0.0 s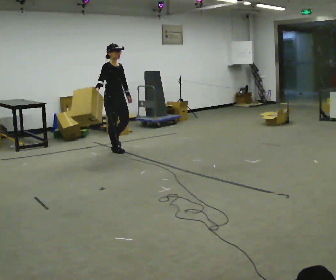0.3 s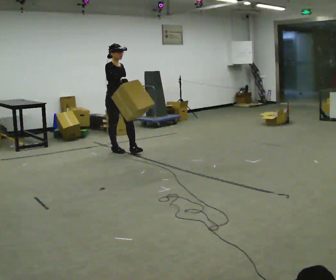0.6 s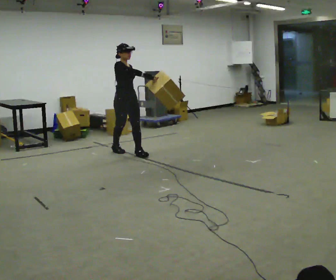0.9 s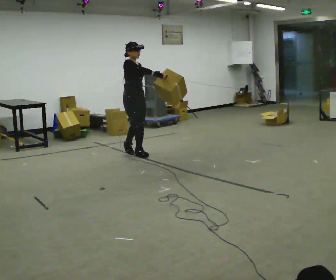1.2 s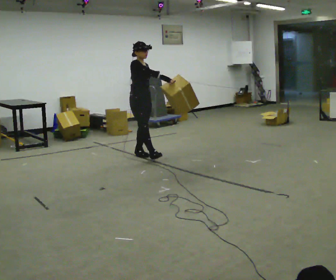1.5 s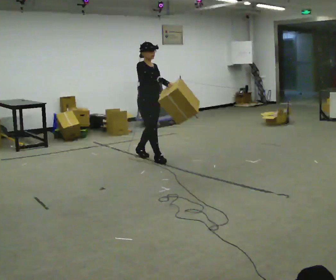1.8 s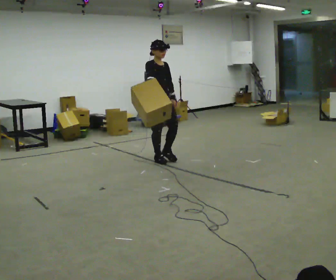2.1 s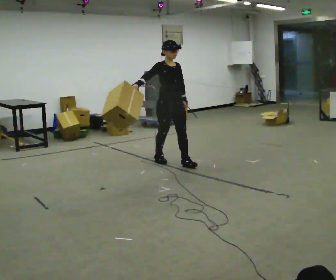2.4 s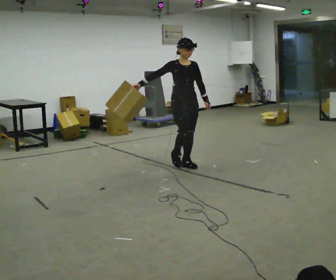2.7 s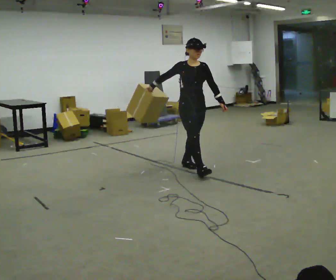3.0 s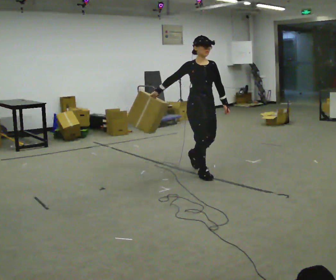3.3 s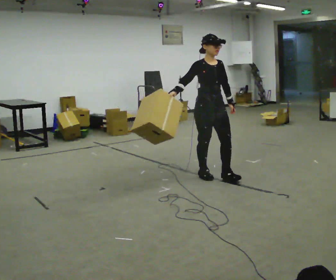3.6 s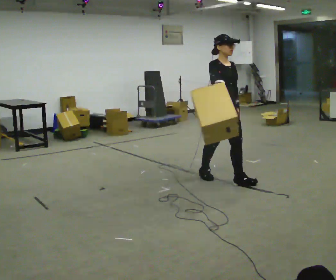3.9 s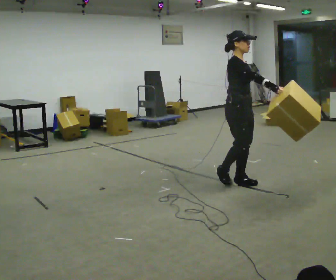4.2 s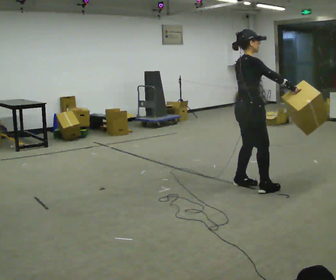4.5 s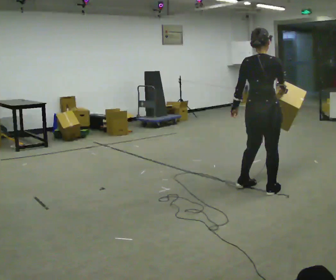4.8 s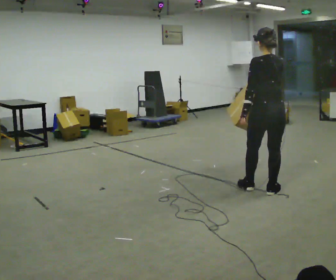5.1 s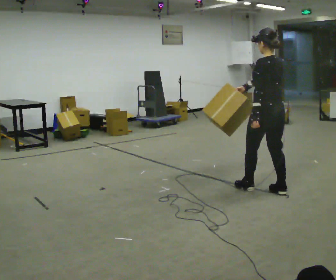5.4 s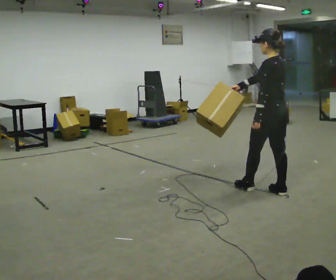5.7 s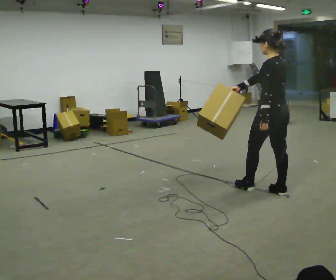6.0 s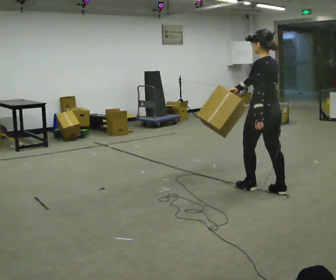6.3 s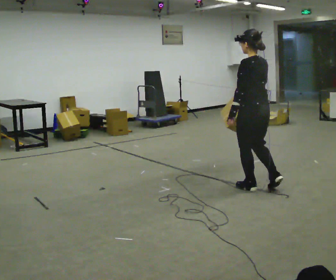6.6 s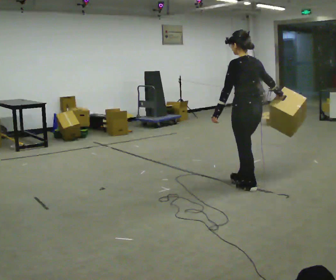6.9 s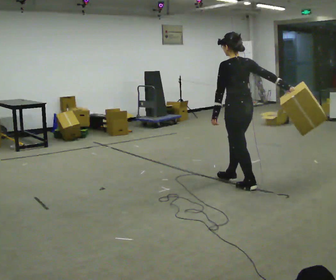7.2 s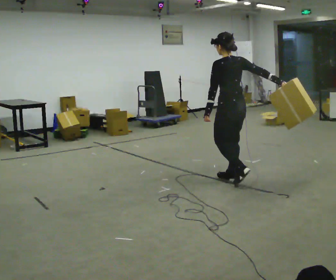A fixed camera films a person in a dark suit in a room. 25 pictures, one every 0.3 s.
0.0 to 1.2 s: In the picture they go to the right and toward the camera, about 0.5 m in 1 step, which for them is forward.
1.2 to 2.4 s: The person turns about 30 degrees to their right, clockwise seen from above, so the part of the body nearest the lens slides to the left. In the picture they go to the right and toward the camera, about 1 m in 2 steps, which for them is forward.
2.4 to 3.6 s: In the picture they go toward the camera and to the right, about 0.5 m in 2 steps, which for them is forward.
3.6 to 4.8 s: The person turns about 150 degrees to their left, counterclockwise seen from above, so the part of the body nearest the lens slides to the right. In the picture they go toward the camera and to the right, about 0.75 m in 2 steps.
4.8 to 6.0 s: The person turns about 30 degrees to their left, counterclockwise seen from above, so the part of the body nearest the lens slides to the right.
6.0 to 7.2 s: In the picture they go away from the camera and to the left, about 0.5 m in 1 step, which for them is forward.
The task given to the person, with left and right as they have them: Carry the object in the hand the operator calls, down at your side, walking back and forth across the room.
The film runs forward here.
